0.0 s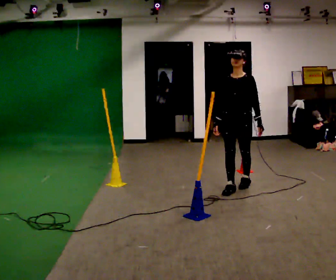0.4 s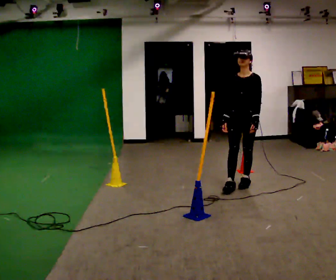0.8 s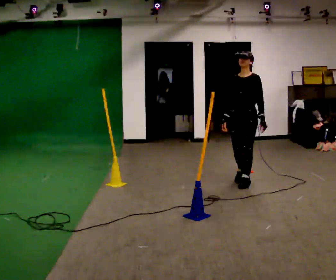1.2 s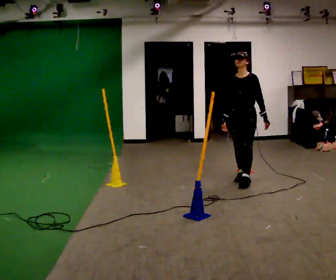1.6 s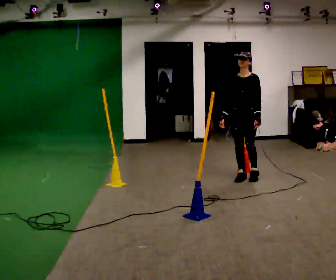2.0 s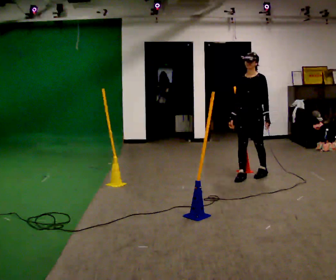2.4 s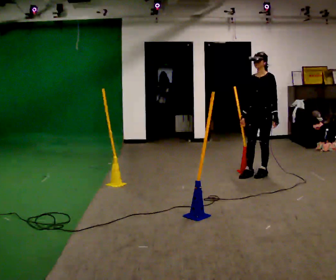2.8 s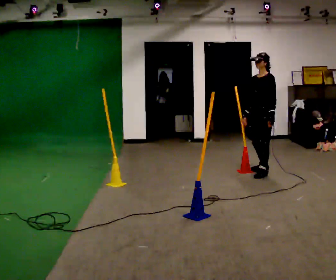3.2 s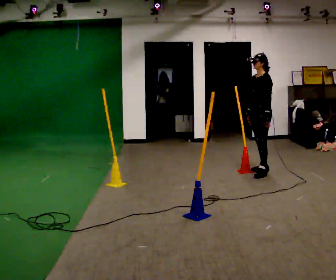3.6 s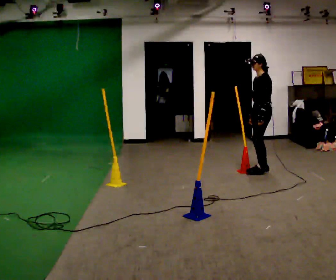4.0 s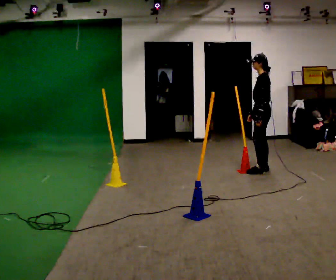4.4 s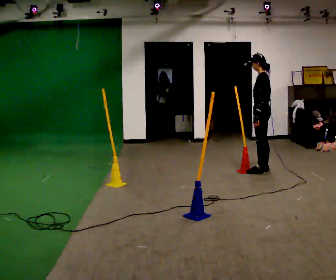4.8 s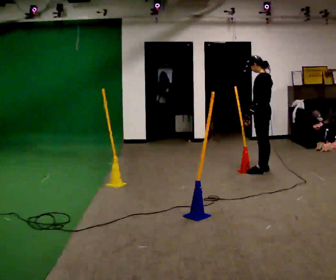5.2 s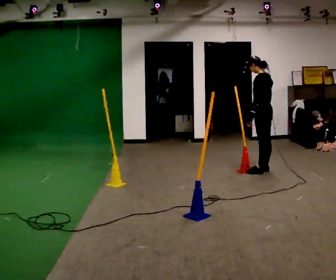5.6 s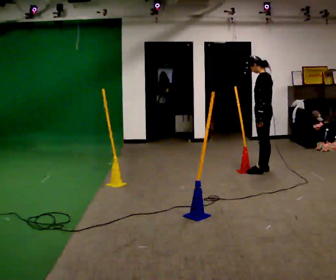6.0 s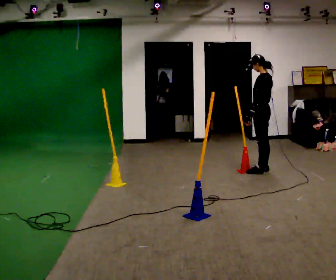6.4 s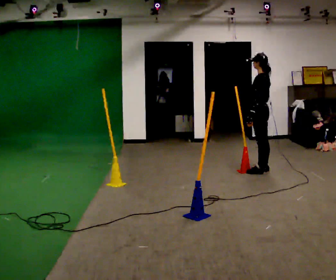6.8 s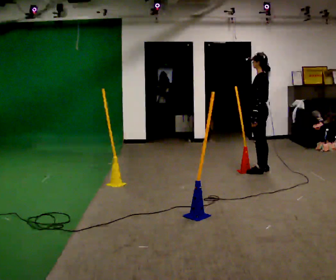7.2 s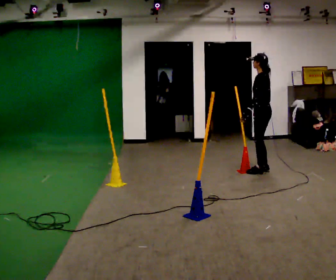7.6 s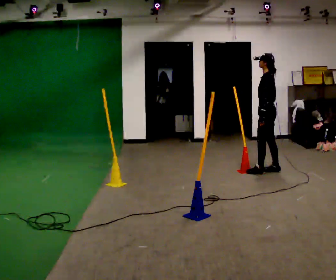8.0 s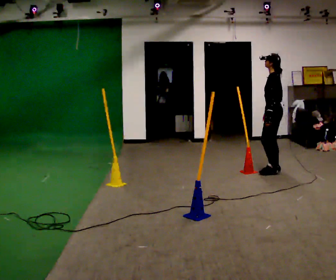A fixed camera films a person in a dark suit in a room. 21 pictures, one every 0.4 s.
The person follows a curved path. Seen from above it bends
clockwise.
0.0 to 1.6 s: In the picture they go away from the camera, about 0.5 m in 2 steps, which for them is backward.
1.6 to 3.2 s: Seen from above the body turns clockwise, about 45 degrees: to their right, with its near side sliding to the left. In the picture they go away from the camera and to the right, about 0.5 m in 1 step, which for them is backward.
3.2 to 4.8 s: The person turns about 45 degrees to their right, clockwise seen from above, so the part of the body nearest the lens slides to the left.
4.8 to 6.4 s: The person moves a little, or ends about where they began.
6.4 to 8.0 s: In the picture they go to the right, about 0.25 m in 2 steps, which for them is backward.
The film runs backward here.
